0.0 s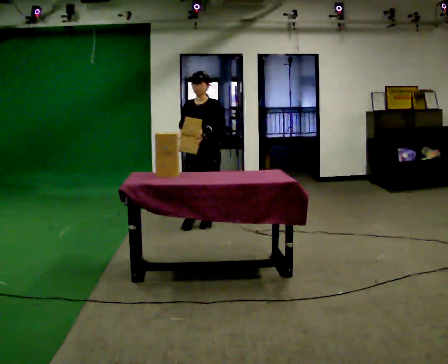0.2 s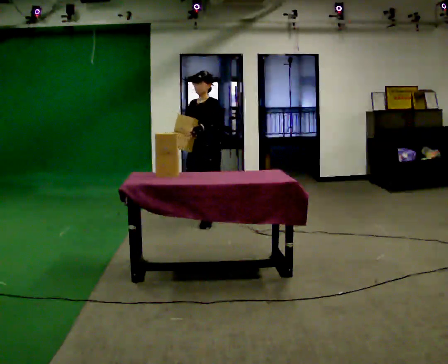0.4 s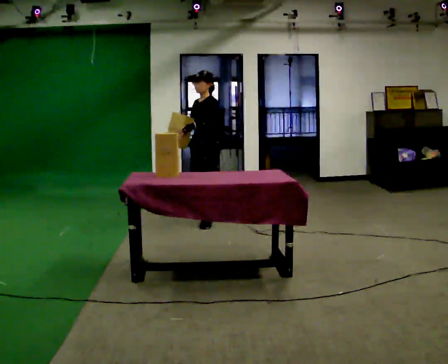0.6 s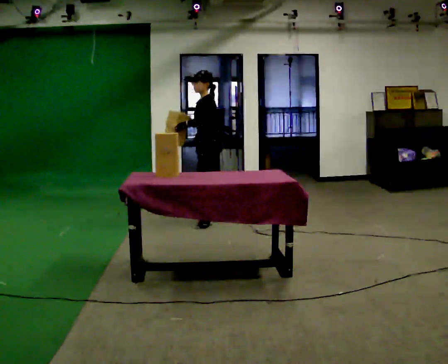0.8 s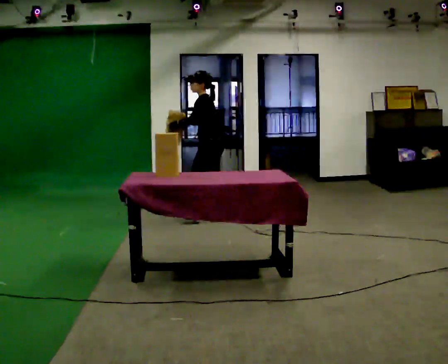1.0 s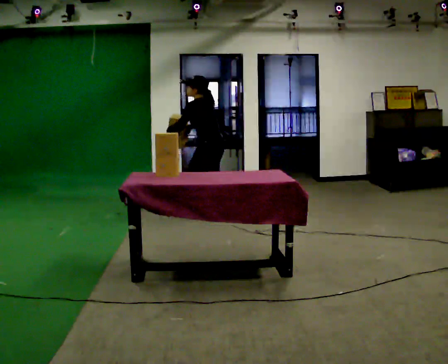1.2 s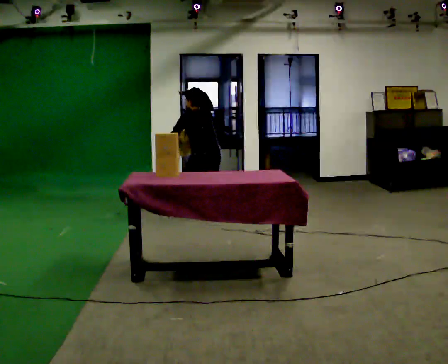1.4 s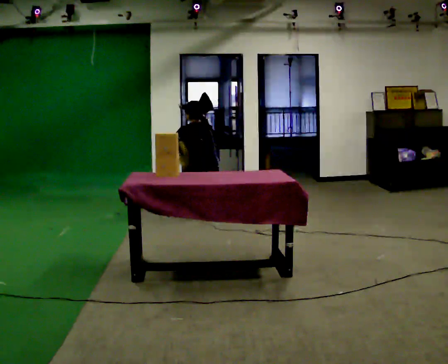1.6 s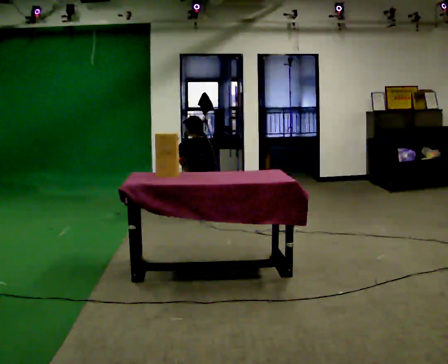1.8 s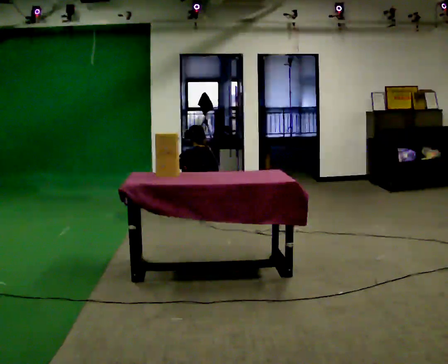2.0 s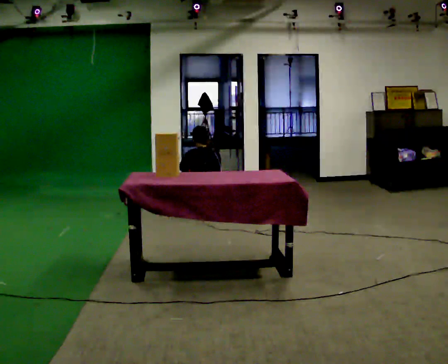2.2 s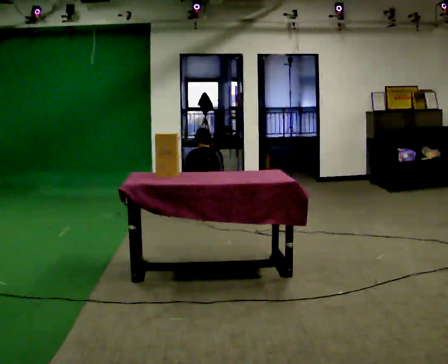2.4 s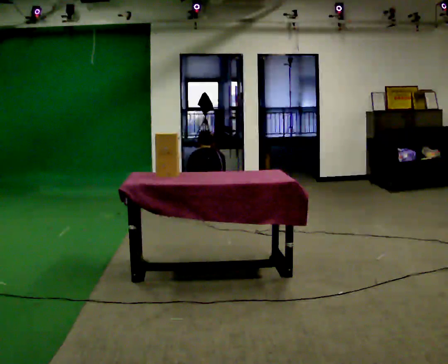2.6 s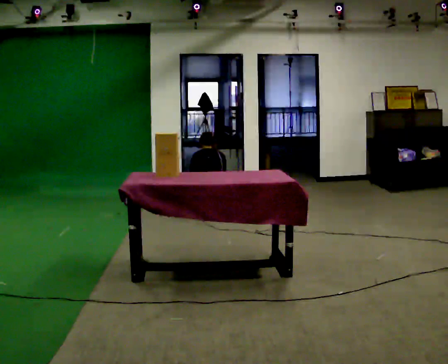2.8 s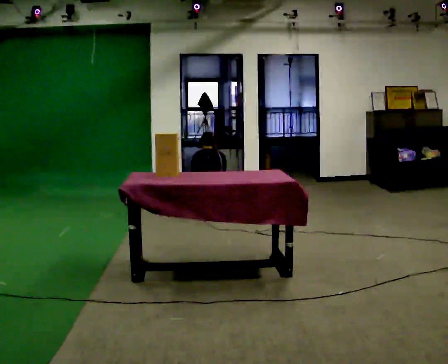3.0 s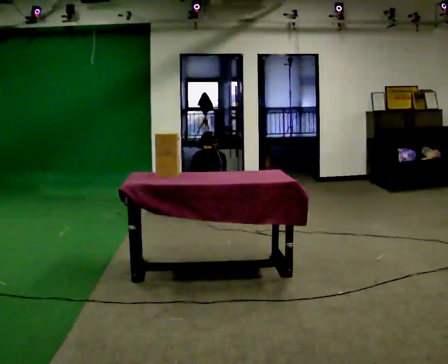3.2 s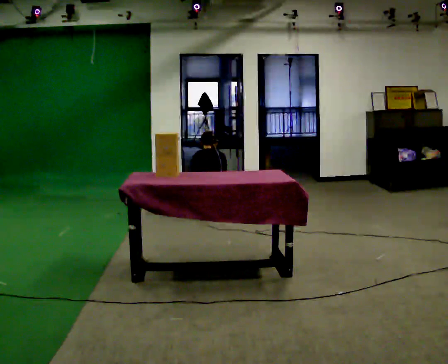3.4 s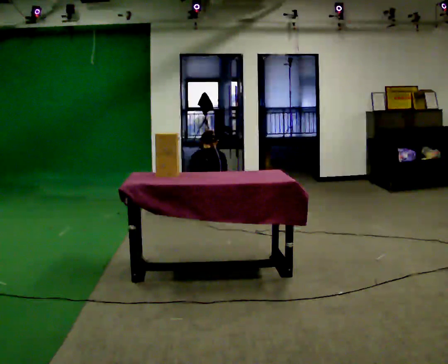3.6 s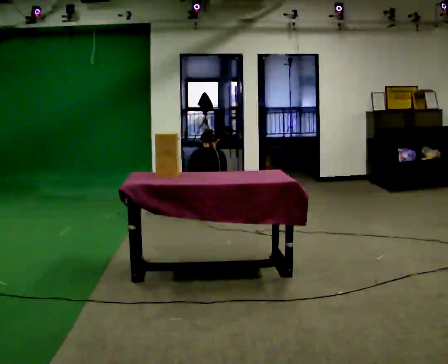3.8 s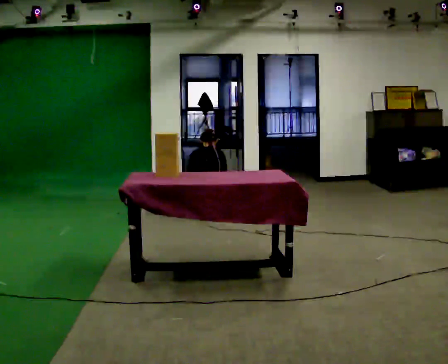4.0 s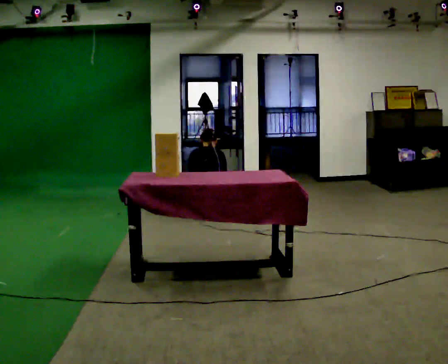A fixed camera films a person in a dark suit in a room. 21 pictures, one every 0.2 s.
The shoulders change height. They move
downward.
The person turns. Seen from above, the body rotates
clockwise.
0.0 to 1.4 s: The part of the body nearest the lens slides to the left as the person turns to their right by about 135 degrees. In the picture they go away from the camera, about 0.25 m in 1 step. The upper body goes downward.
1.4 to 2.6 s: The upper body goes downward. The upper body tips away from the camera, its near side rolling upward. In the picture their right hand goes downward.
2.6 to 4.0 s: The person moves a little, or ends about where they began.
The film runs backward here.
